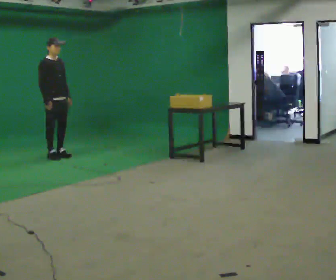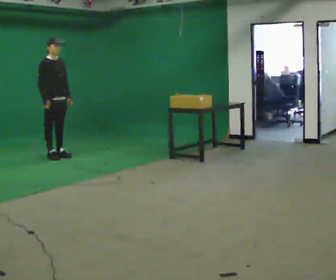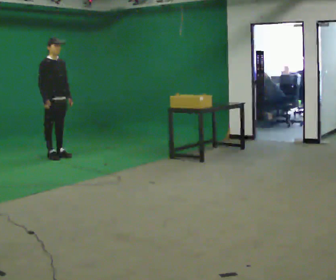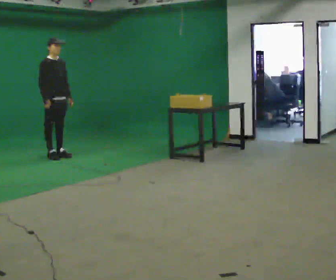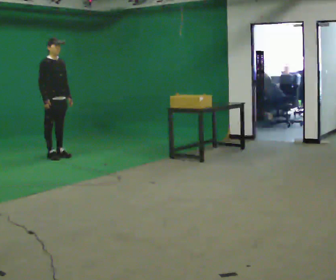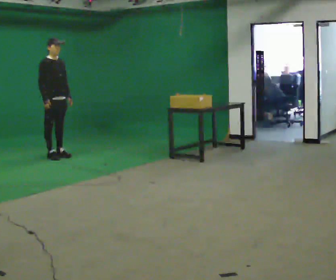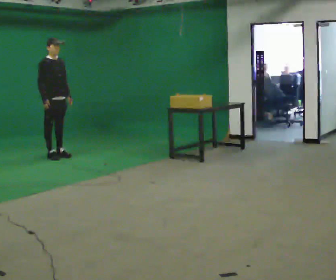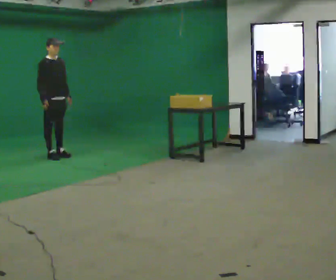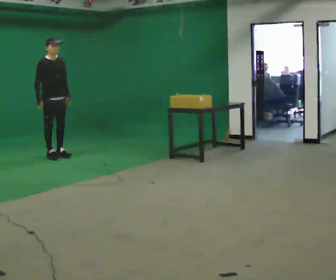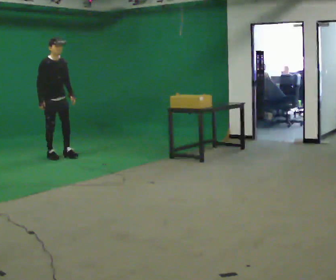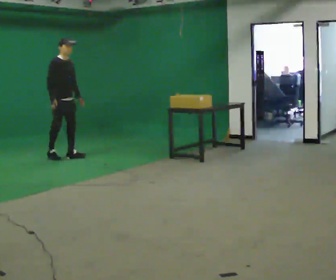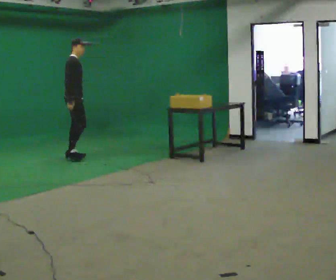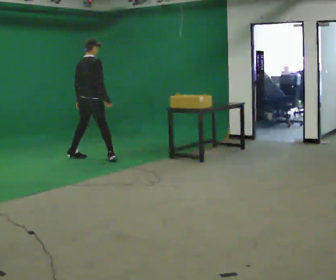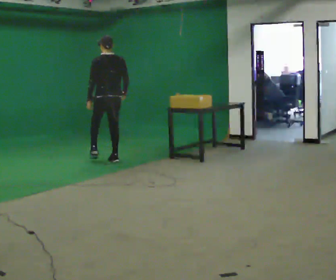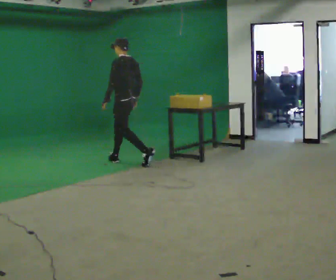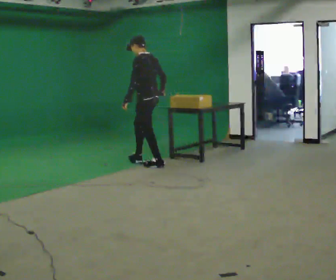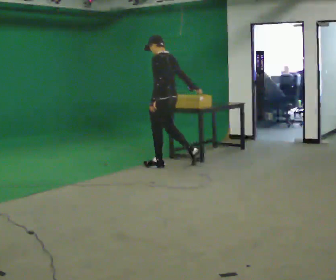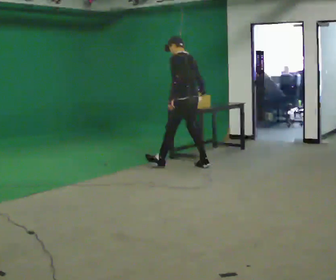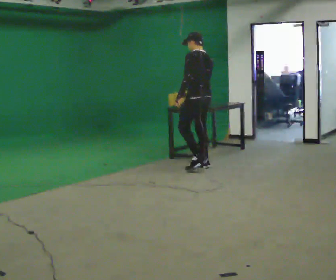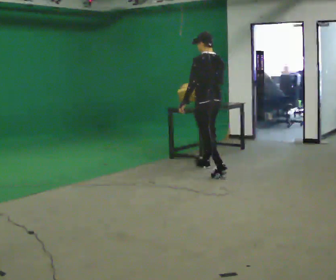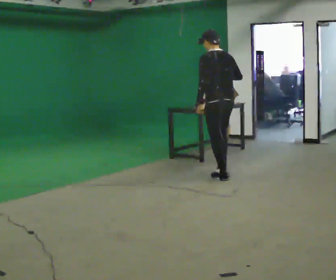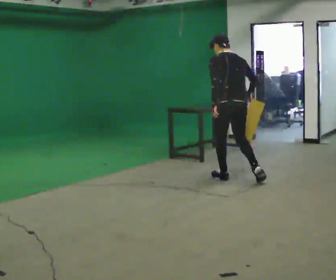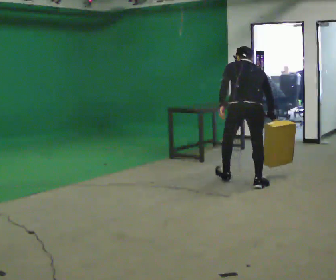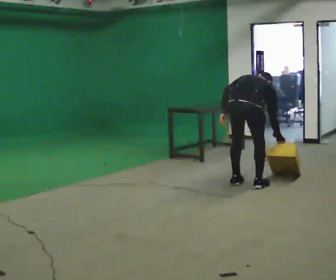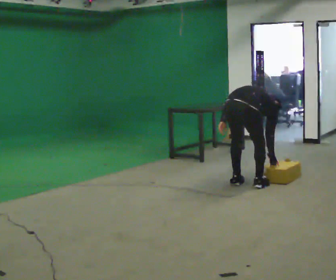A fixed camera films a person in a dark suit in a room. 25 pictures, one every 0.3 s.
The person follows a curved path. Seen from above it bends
clockwise.
0.0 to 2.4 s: The person moves a little, or ends about where they began.
2.4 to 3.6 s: Seen from above the body turns counterclockwise, about 90 degrees: to their left, with its near side sliding to the right. In the picture they go to the right, about 0.5 m in 2 steps.
3.6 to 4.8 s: The part of the body nearest the lens slides to the right as the person turns to their left by about 90 degrees. In the picture they go to the right and toward the camera, about 1 m in 2 steps.
4.8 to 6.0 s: Seen from above the body turns clockwise, about 30 degrees: to their right, with its near side sliding to the left. In the picture they go toward the camera and to the right, about 1 m in 2 steps, which for them is backward.
6.0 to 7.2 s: Seen from above the body turns clockwise, about 60 degrees: to their right, with its near side sliding to the left. In the picture they go toward the camera, about 0.5 m in 1 step. The upper body goes downward. In the picture the upper body tilts clockwise, shoulders to the right, as they bend forward. In the picture their right hand goes downward.
The film runs backward here.
